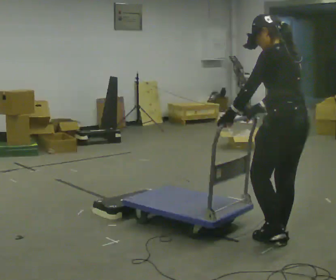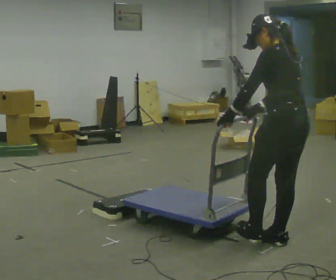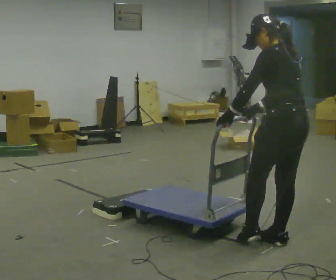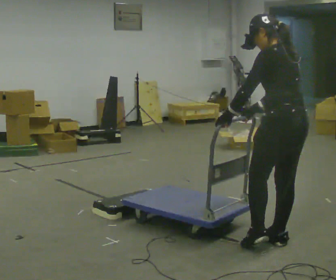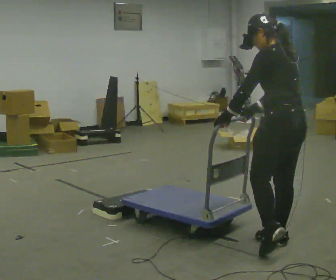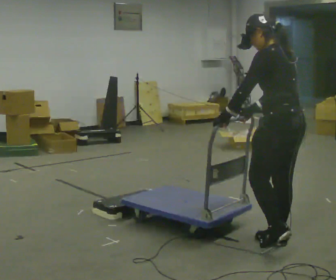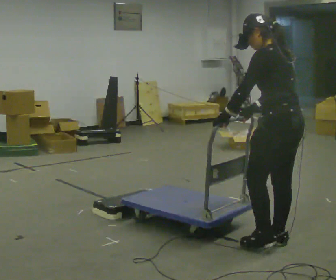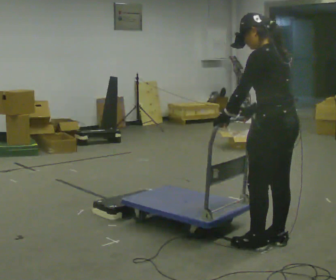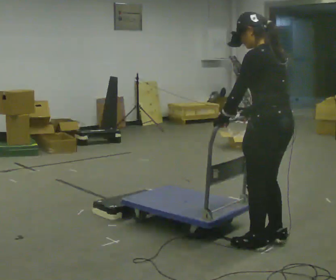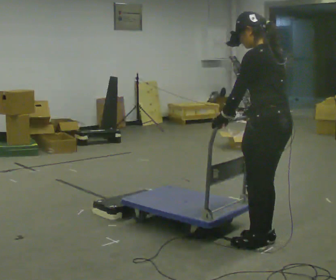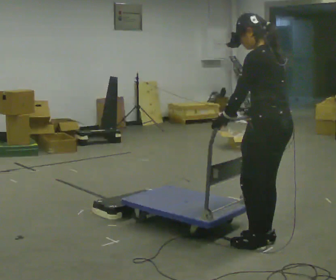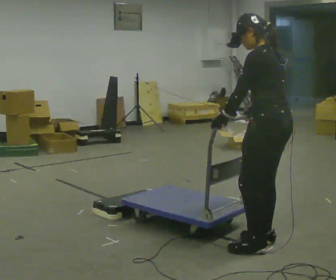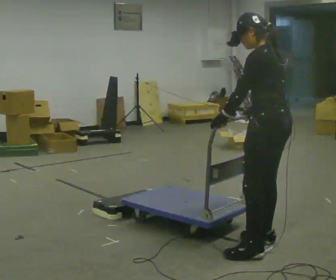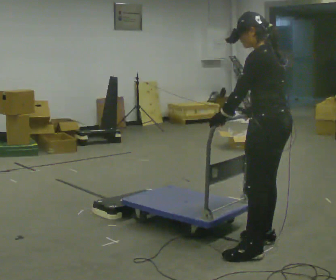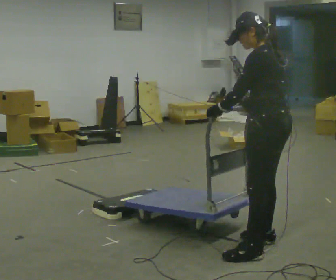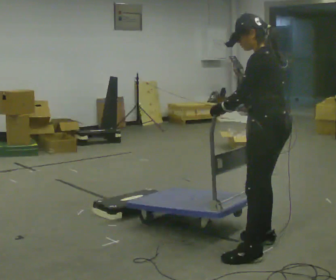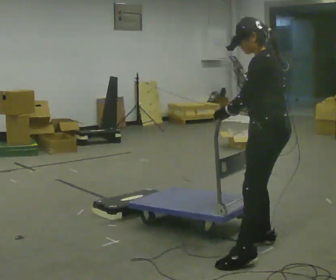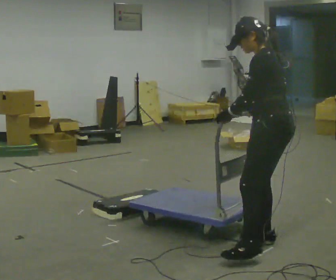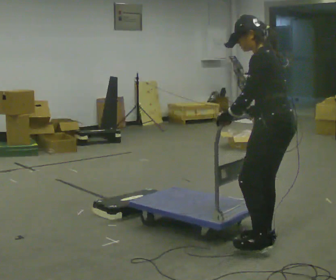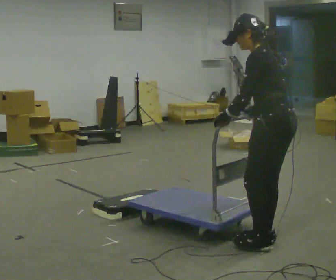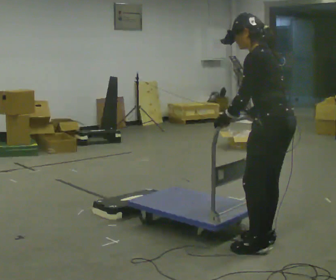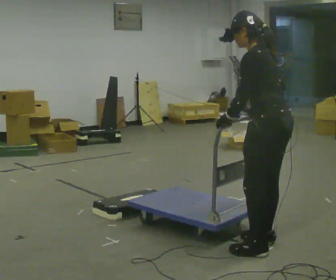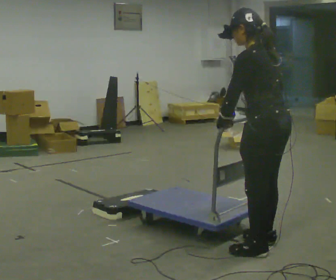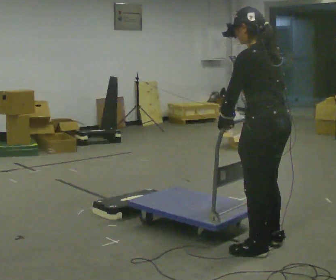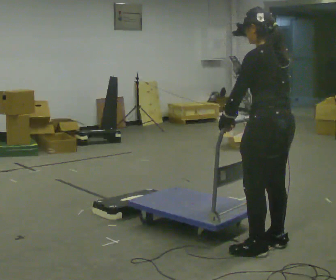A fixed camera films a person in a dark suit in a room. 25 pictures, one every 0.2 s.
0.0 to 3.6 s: The person moves a little, or ends about where they began.
3.6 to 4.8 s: Seen from above the body turns clockwise, about 30 degrees: to their right, with its near side sliding to the left.
The film runs forward here.
